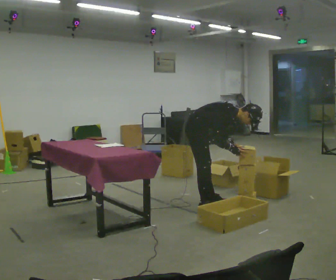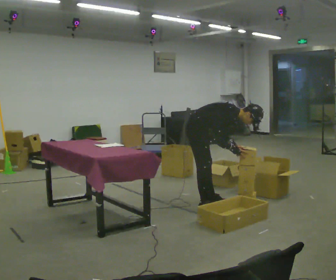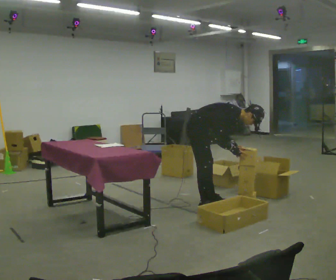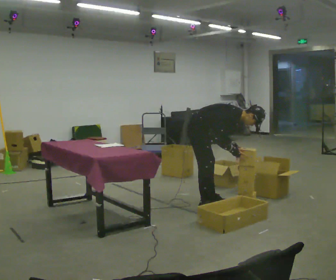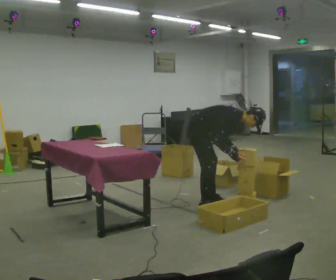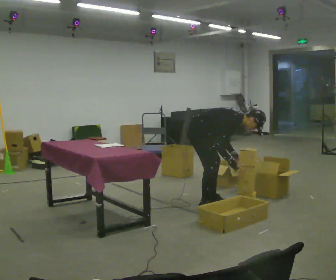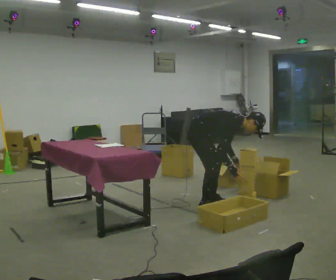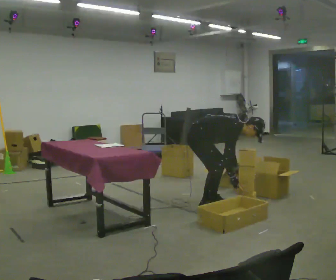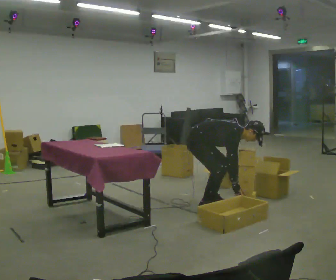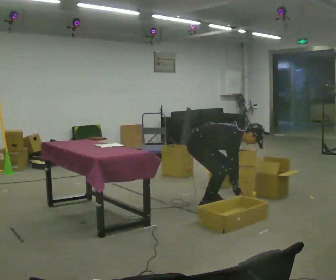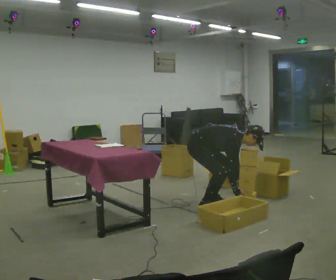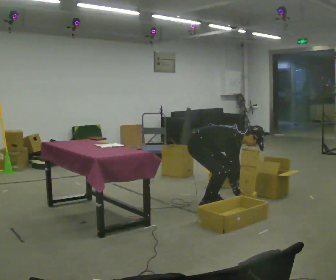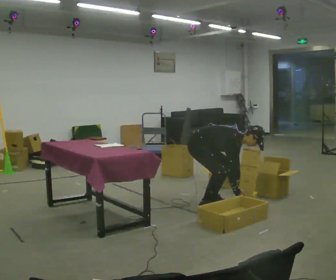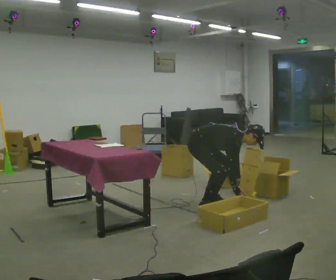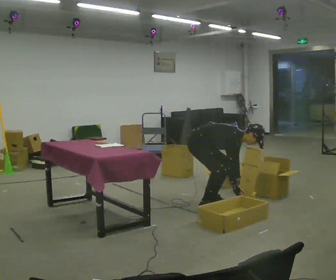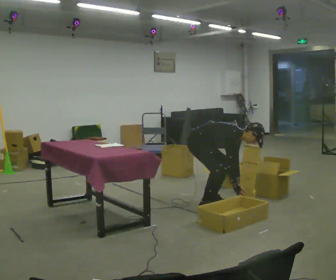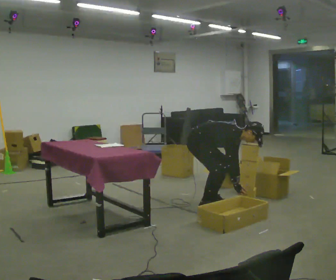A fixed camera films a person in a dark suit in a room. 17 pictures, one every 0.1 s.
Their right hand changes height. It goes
downward.
The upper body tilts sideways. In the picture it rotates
clockwise.
0.0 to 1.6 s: The shoulders move downward. In the picture the upper body tilts clockwise, shoulders to the right, as they bend forward. In the picture their left hand goes downward.
The film runs backward here.
